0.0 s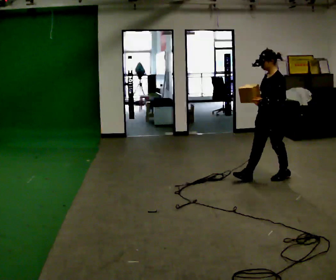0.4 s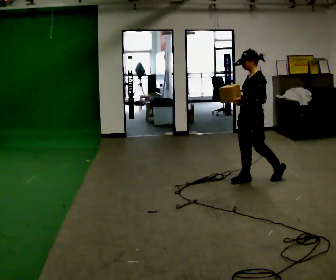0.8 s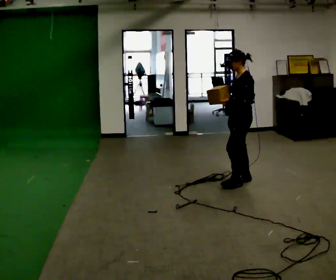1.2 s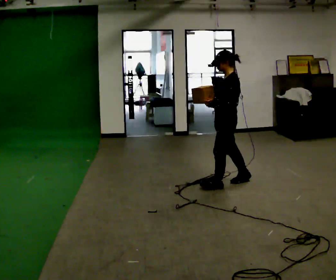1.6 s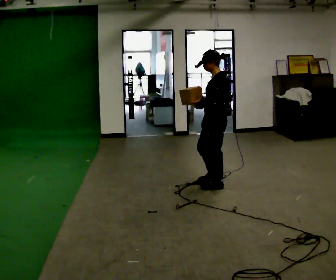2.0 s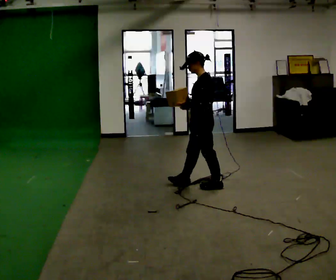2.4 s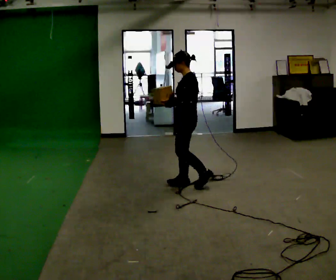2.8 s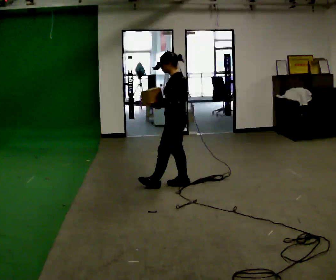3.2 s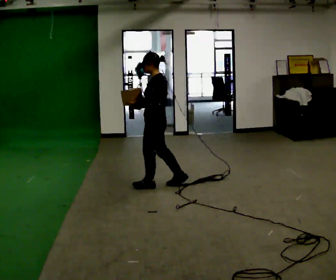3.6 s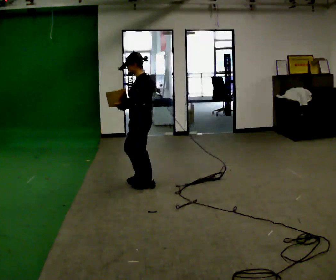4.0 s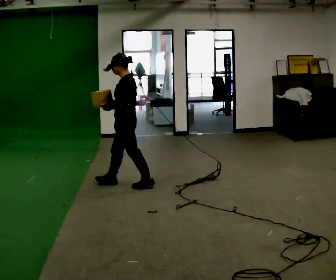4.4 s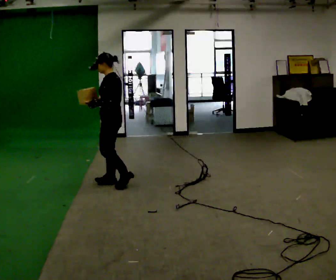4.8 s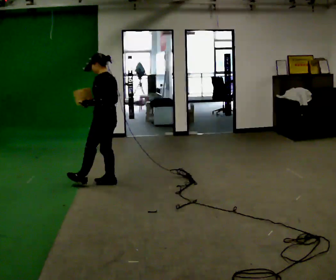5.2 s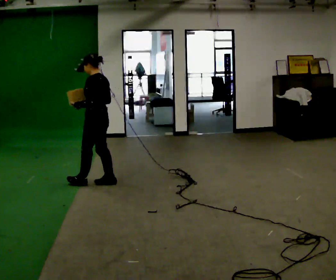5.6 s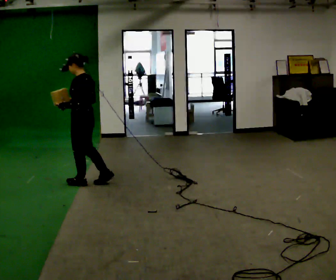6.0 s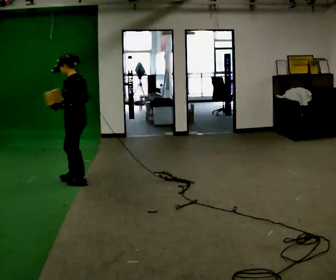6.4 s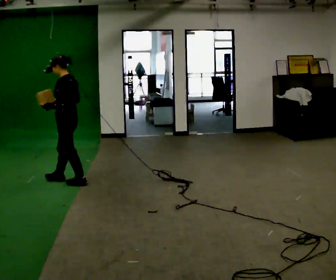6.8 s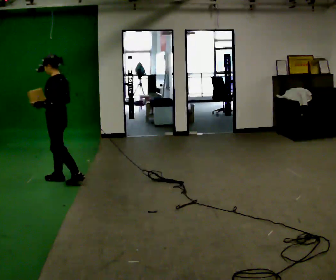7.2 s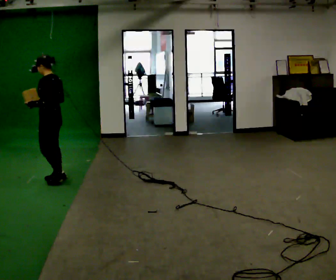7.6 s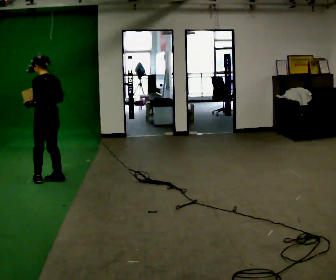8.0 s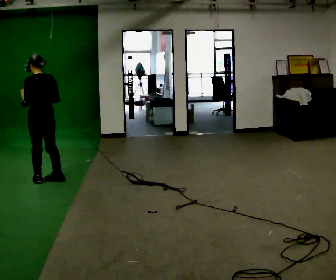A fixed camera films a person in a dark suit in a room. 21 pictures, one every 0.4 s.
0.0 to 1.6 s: In the picture they go to the left, about 0.75 m in 2 steps, which for them is forward.
1.6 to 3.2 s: In the picture they go to the left, about 0.75 m in 2 steps, which for them is forward.
3.2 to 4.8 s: In the picture they go to the left and away from the camera, about 0.5 m in 1 step, which for them is forward.
4.8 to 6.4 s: In the picture they go to the left, about 0.5 m in 2 steps, which for them is forward.
6.4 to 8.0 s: Seen from above the body turns clockwise, about 30 degrees: to their right, with its near side sliding to the left. In the picture they go to the left, about 0.25 m in 1 step, which for them is forward.
The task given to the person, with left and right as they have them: Carry the light box in both hands in front of you, walking back and forth across the room. Keep walking until the operator says stop.
The film runs forward here.
